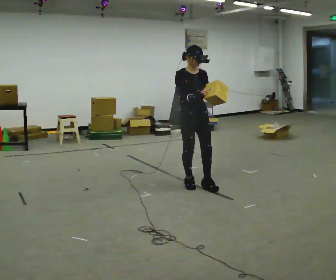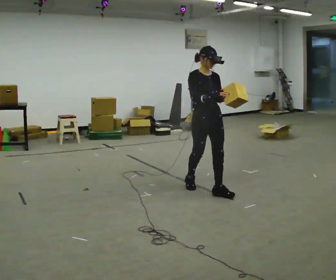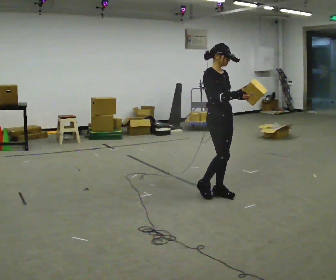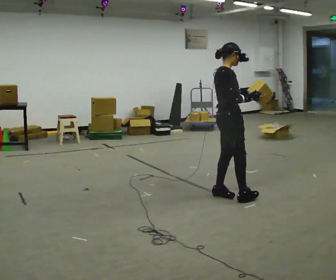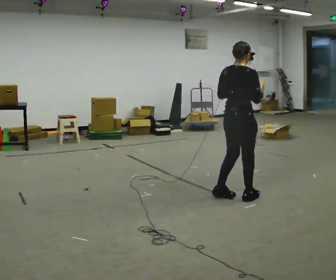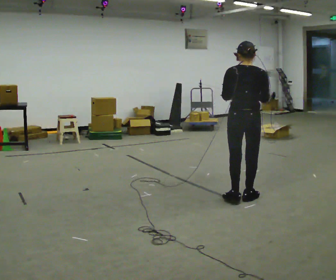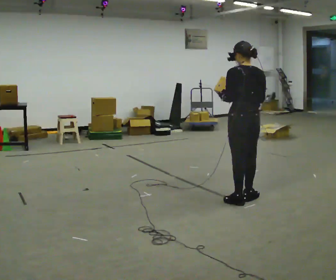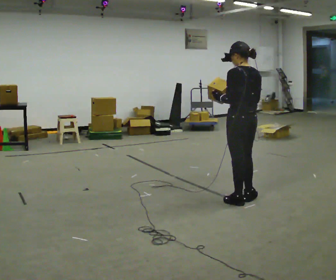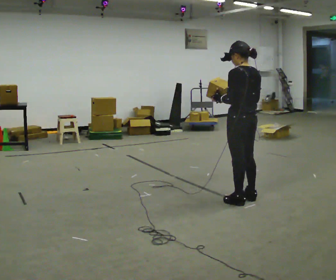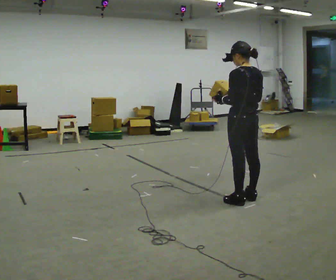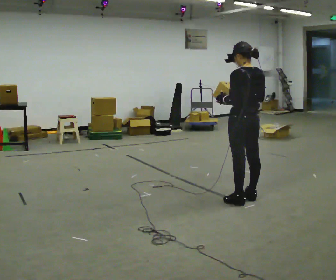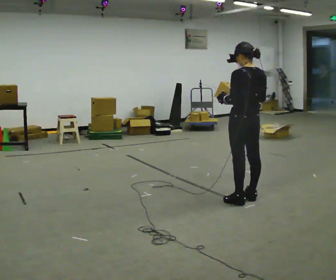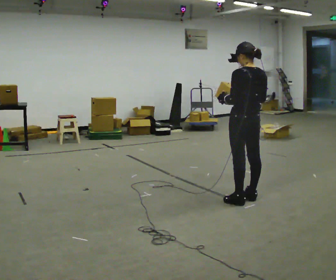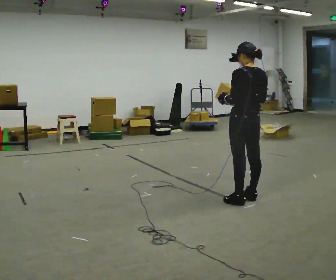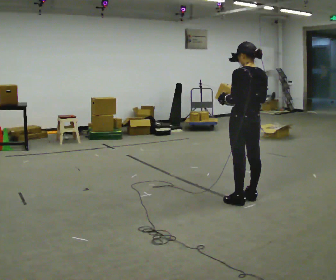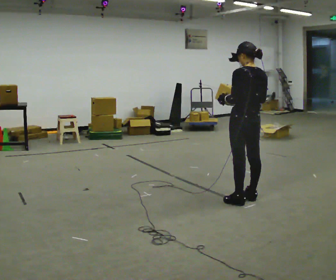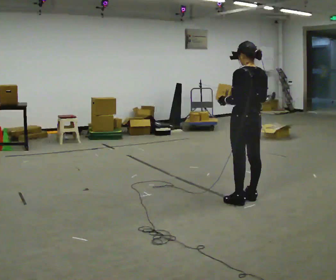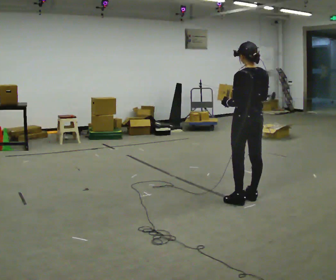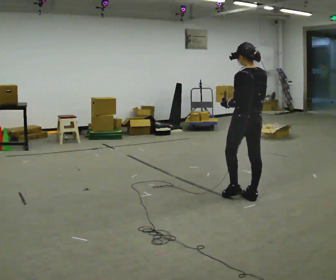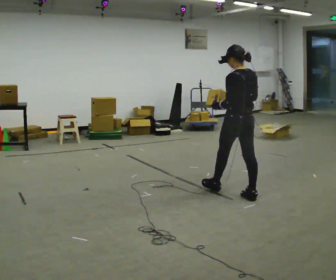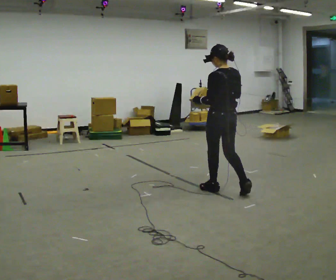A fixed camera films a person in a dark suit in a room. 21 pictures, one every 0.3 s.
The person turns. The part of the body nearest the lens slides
to the right.
The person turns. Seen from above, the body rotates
counterclockwise.
0.0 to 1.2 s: The part of the body nearest the lens slides to the right as the person turns to their left by about 105 degrees. In the picture they go to the right and toward the camera, about 0.75 m in 2 steps.
1.2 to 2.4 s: The part of the body nearest the lens slides to the right as the person turns to their left by about 75 degrees.
2.4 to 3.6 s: The person moves a little, or ends about where they began.
3.6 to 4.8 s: The person keeps their place and pose.
4.8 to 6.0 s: In the picture they go to the left and away from the camera, about 0.25 m in 1 step, which for them is forward.
The film runs forward here.
